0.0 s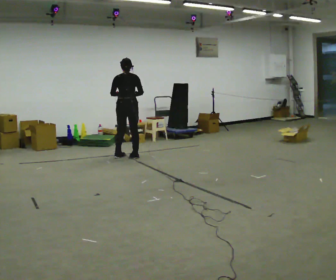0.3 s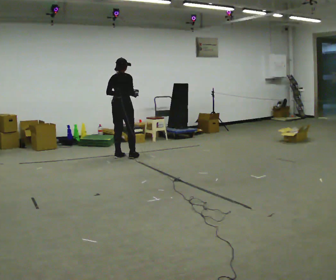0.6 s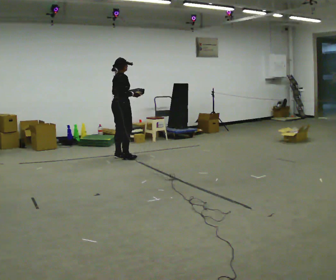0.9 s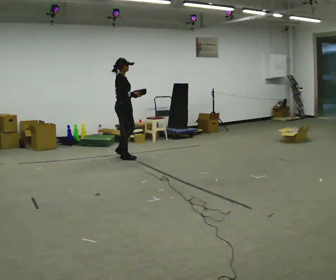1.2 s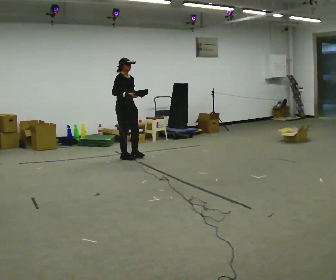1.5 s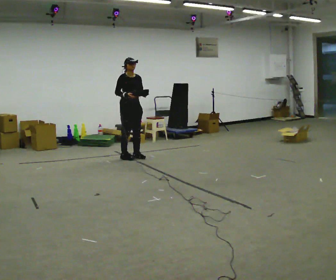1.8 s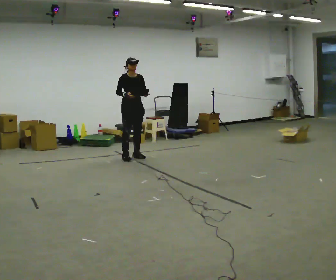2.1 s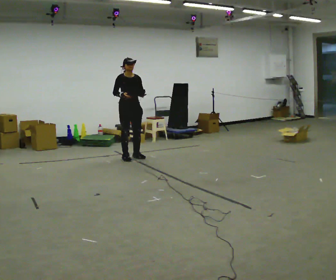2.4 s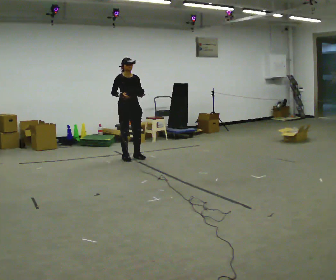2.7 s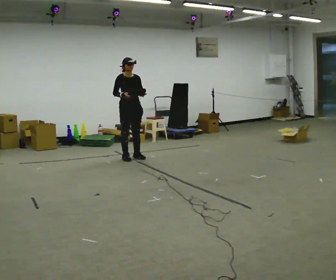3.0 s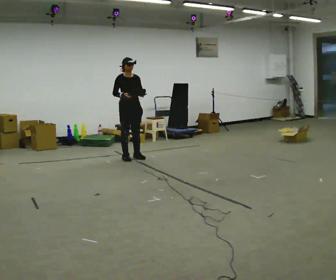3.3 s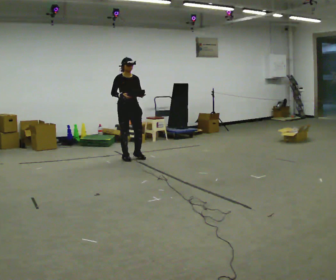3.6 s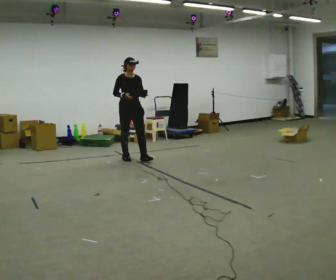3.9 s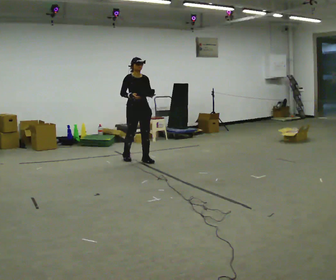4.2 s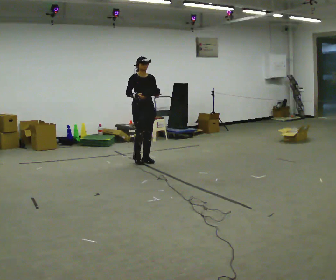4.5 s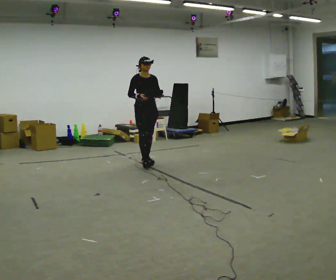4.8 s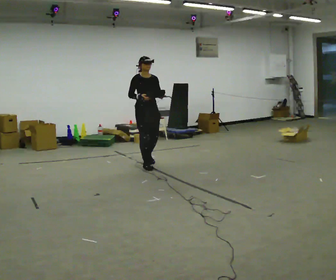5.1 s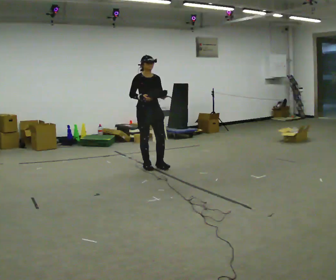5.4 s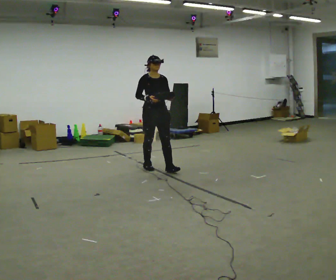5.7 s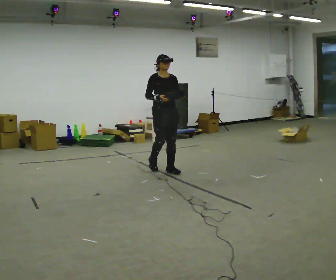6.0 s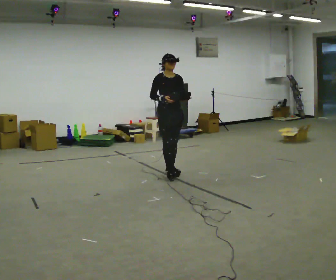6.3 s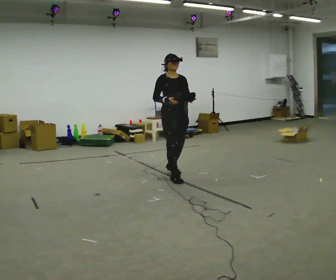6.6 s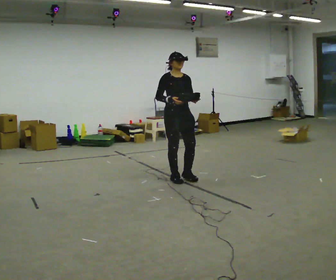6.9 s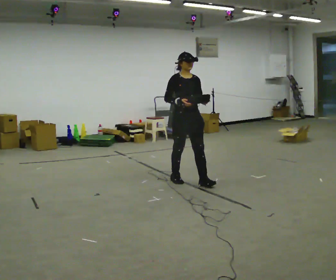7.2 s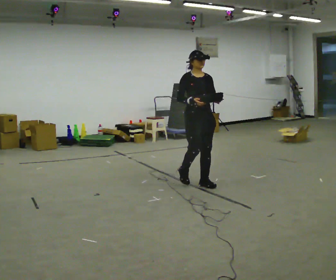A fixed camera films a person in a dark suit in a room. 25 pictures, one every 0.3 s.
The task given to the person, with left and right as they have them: Carry the object across the room. The lid hangs loose and will swing, so carry it however works. Keep going until the operator says stop; one object at a time, and do not rush between trips.
0.0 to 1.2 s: The person turns about 120 degrees to their right, clockwise seen from above, so the part of the body nearest the lens slides to the left. In the picture their left hand goes to the right.
1.2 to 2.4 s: Seen from above the body turns clockwise, about 30 degrees: to their right, with its near side sliding to the left.
2.4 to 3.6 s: The person moves a little, or ends about where they began.
3.6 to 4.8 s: In the picture they go toward the camera and to the right, about 0.5 m in 2 steps, which for them is forward.
4.8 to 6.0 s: In the picture they go toward the camera and to the right, about 0.5 m in 1 step, which for them is forward.
6.0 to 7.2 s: In the picture they go toward the camera and to the right, about 0.75 m in 2 steps, which for them is forward.
The film runs forward here.
